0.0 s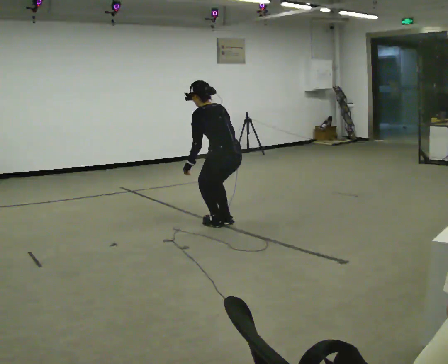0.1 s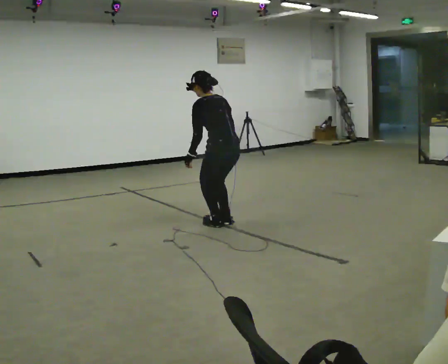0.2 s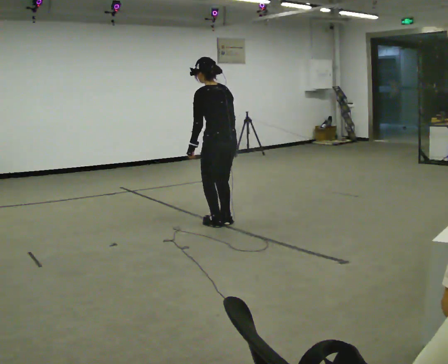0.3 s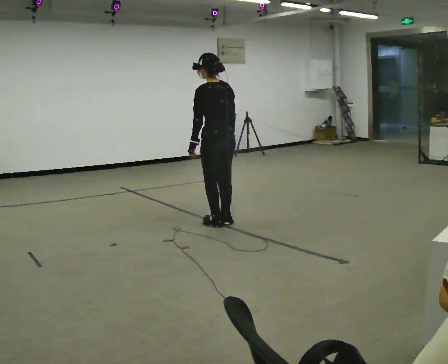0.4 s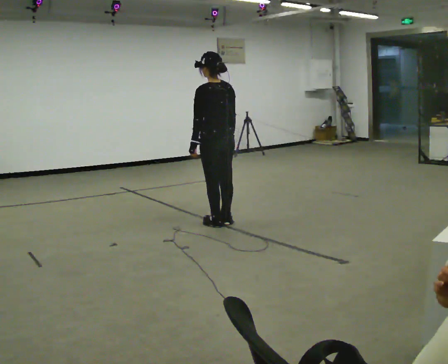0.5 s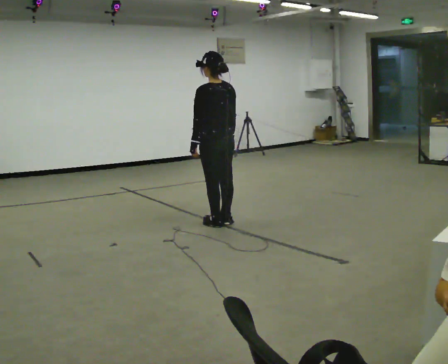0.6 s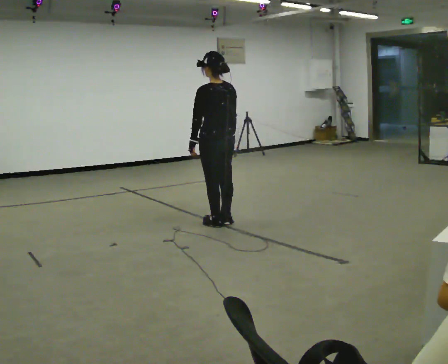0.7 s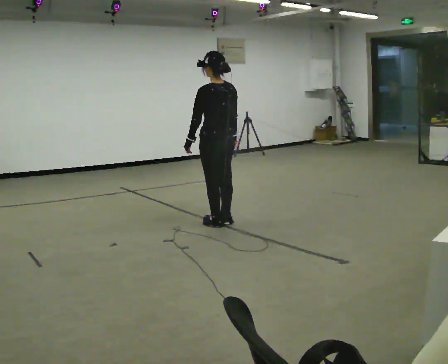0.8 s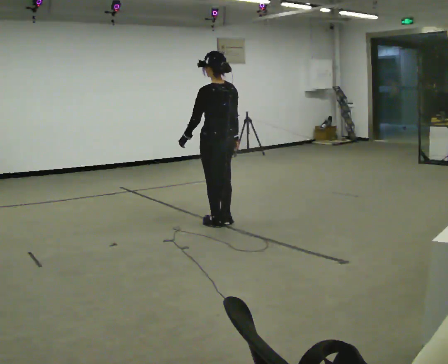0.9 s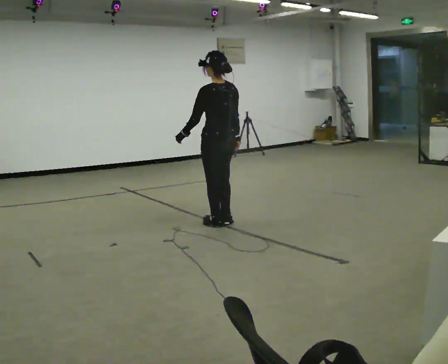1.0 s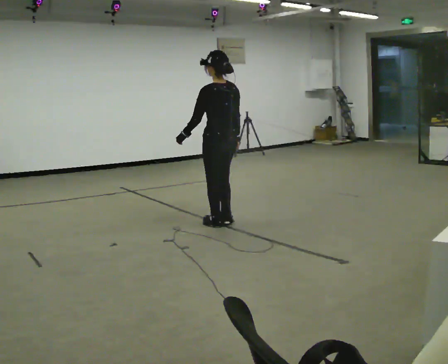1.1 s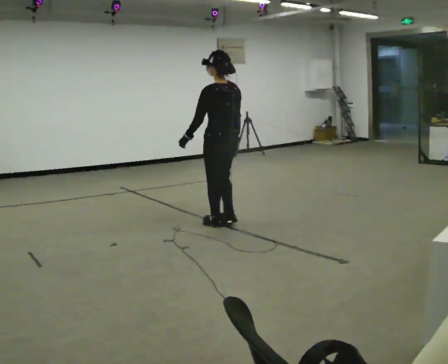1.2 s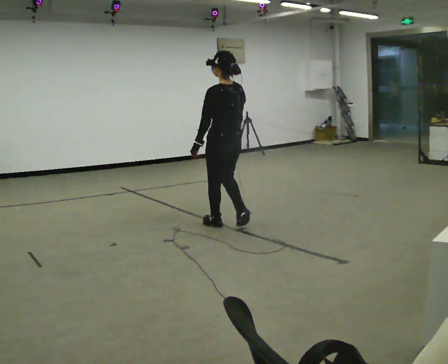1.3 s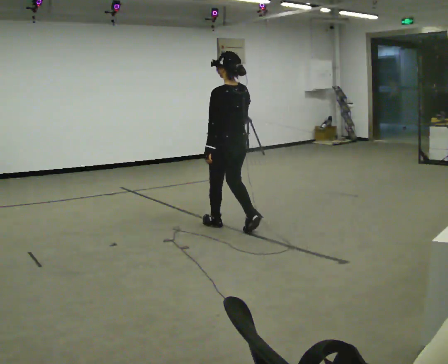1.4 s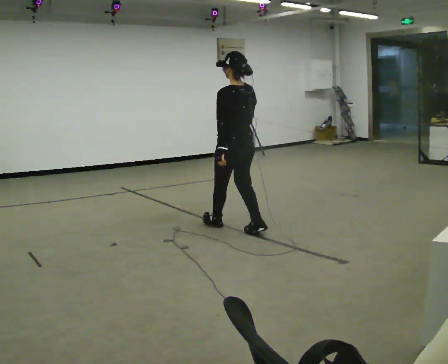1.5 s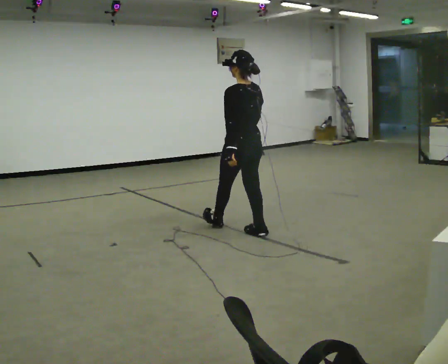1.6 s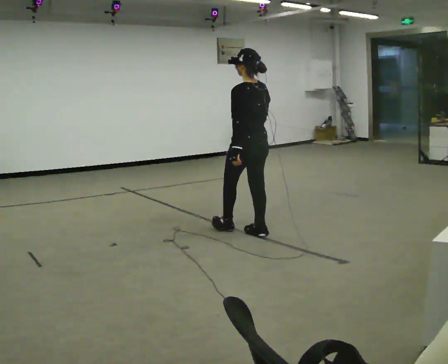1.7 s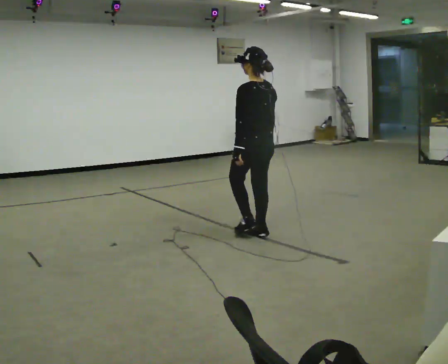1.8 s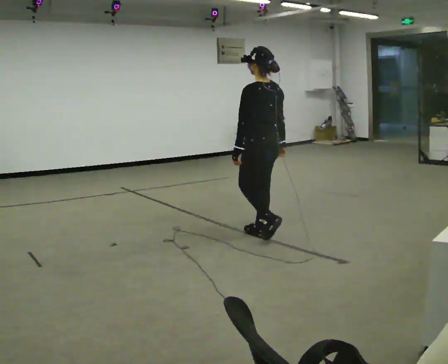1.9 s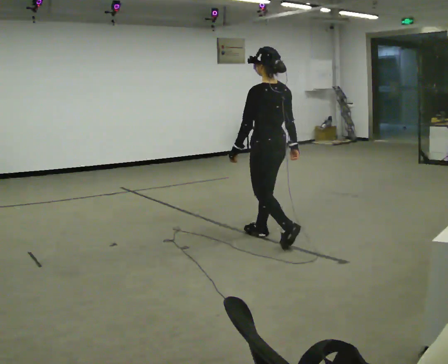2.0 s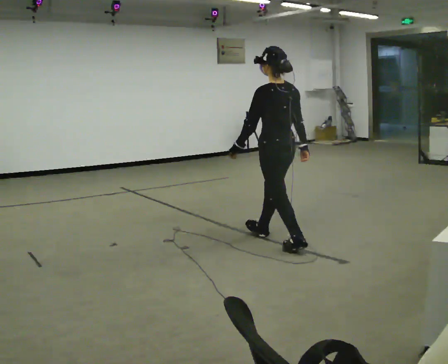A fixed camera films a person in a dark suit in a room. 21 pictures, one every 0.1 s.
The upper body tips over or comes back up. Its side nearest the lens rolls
downward.
0.0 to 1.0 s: The upper body goes upward. The upper body tips toward the camera, its near side rolling downward, as they lean back or straighten. In the picture their left hand goes upward.
1.0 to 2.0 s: In the picture they go toward the camera and to the right, about 0.5 m in 1 step, which for them is backward.
The film runs backward here.
